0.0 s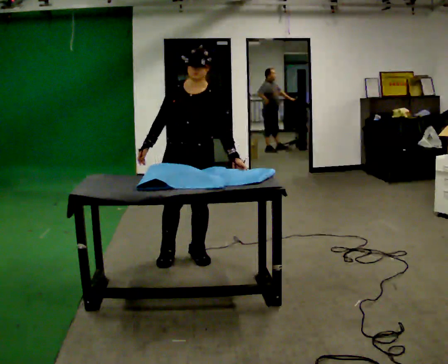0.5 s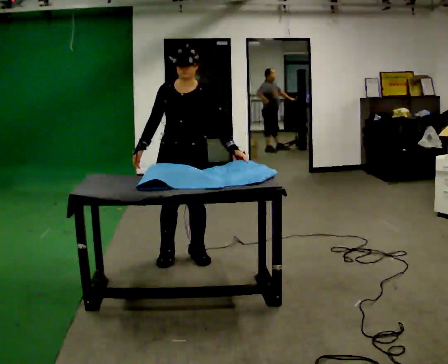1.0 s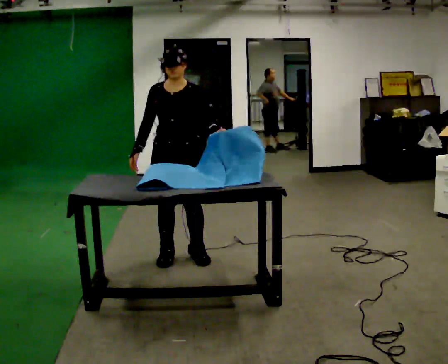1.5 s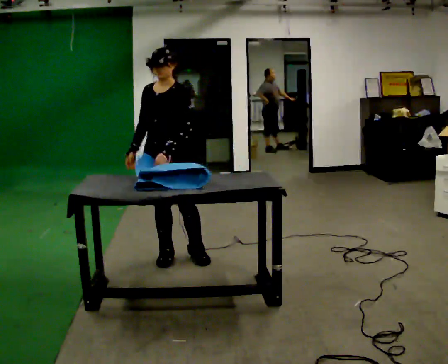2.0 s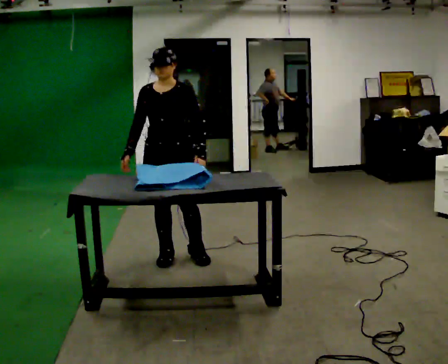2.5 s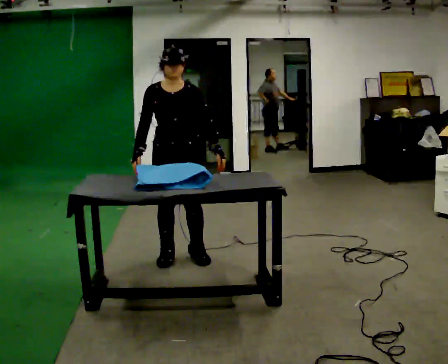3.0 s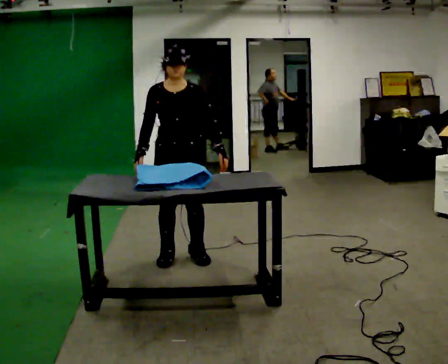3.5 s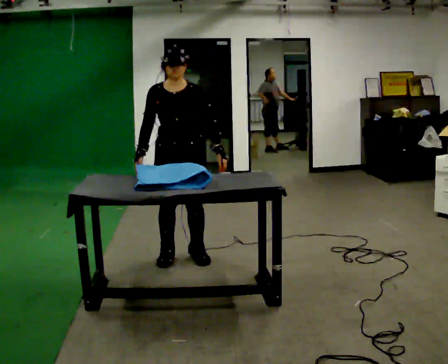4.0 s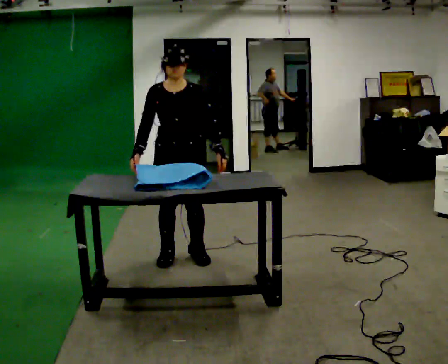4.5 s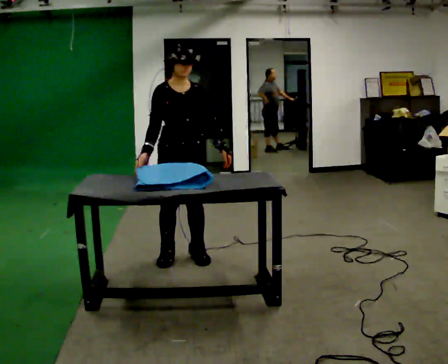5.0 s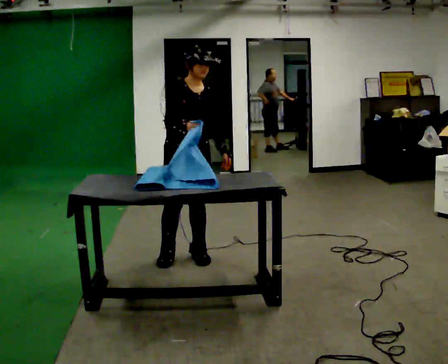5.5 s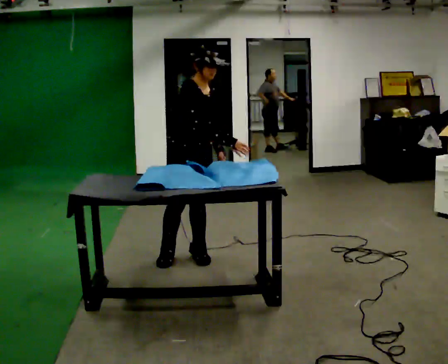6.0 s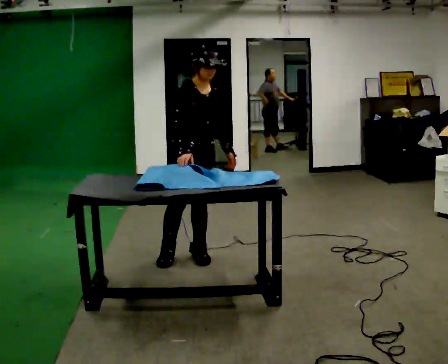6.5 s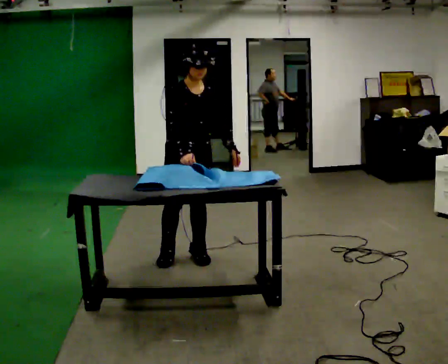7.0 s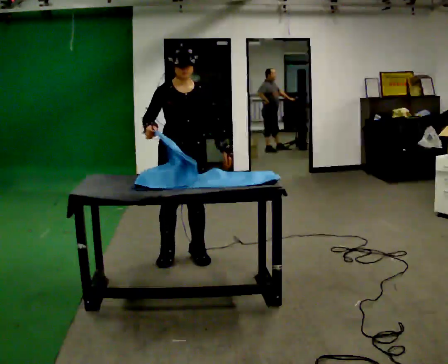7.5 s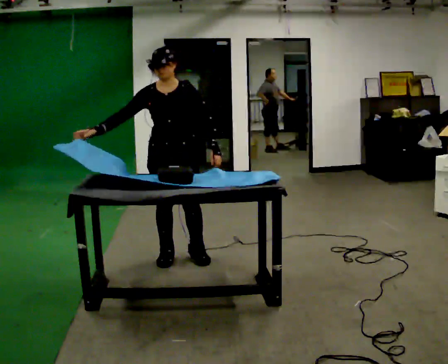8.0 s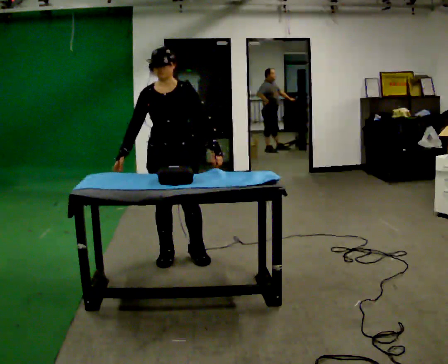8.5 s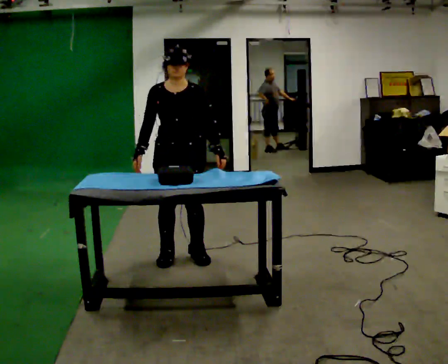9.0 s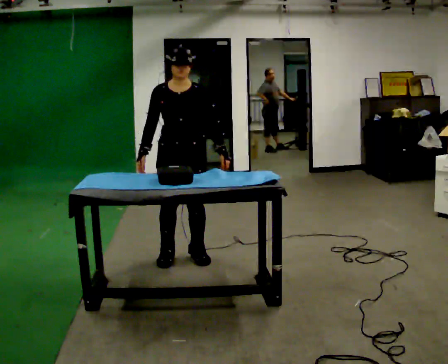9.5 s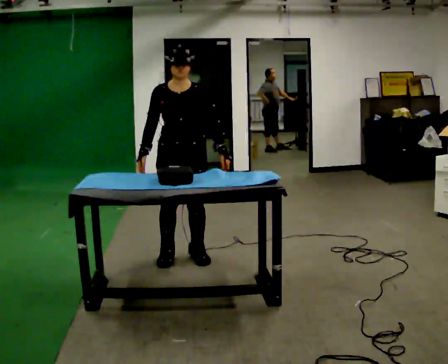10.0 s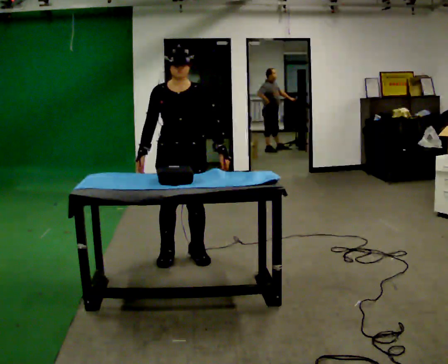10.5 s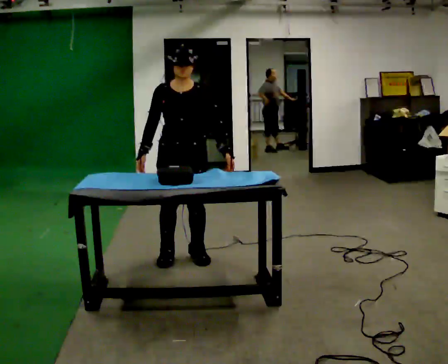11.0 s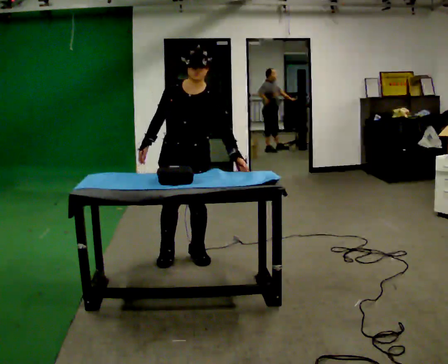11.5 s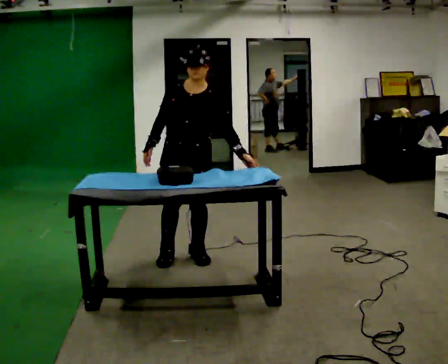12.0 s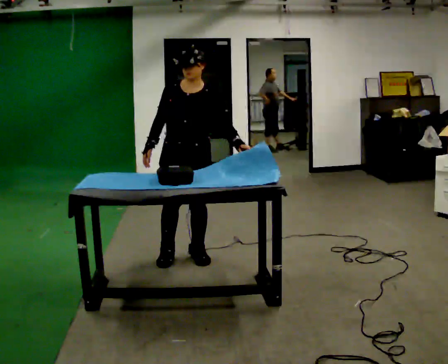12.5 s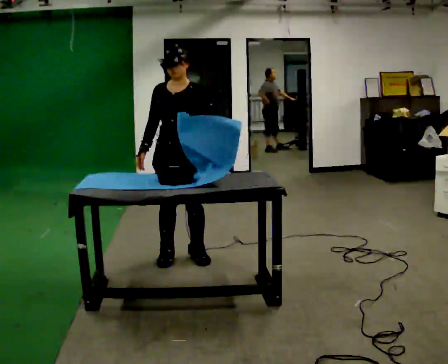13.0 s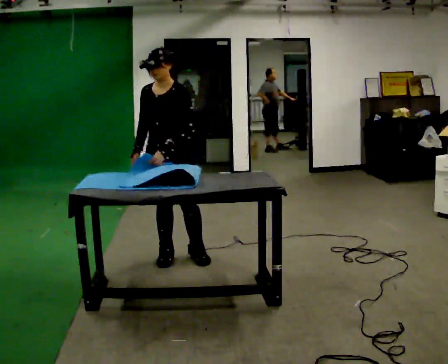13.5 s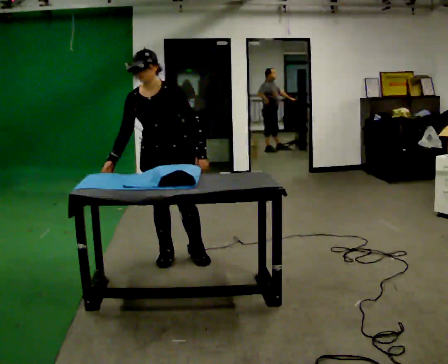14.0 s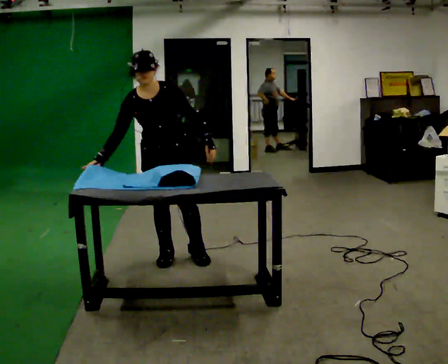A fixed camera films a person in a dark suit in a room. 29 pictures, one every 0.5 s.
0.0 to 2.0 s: In the picture they go to the left, about 0.25 m, which for them is to their right.
2.0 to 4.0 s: The person moves a little, or ends about where they began.
4.0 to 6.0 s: Seen from above the body turns counterclockwise, about 30 degrees: to their left, with its near side sliding to the right. In the picture their right hand goes to the right.
6.0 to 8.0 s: Seen from above the body turns clockwise, about 30 degrees: to their right, with its near side sliding to the left. In the picture their right hand goes to the left.
8.0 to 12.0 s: The person moves a little, or ends about where they began.
12.0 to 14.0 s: In the picture they go to the left, about 0.25 m, which for them is to their right. In the picture the upper body tilts counterclockwise, shoulders to the left.
The film runs forward here.
